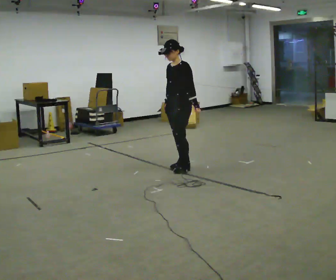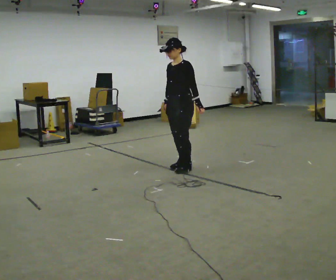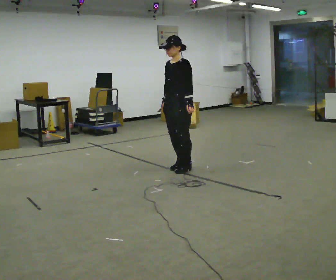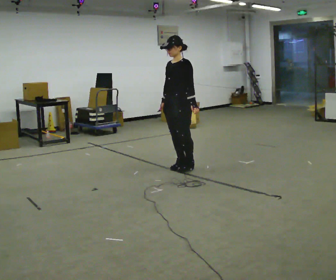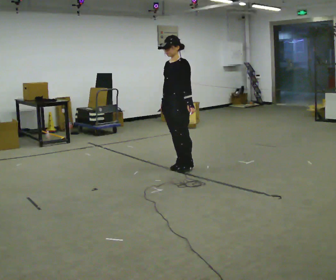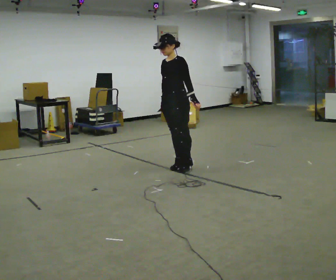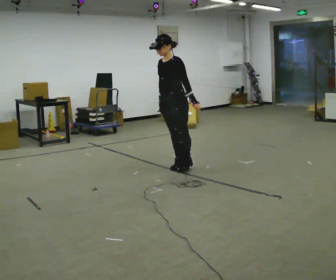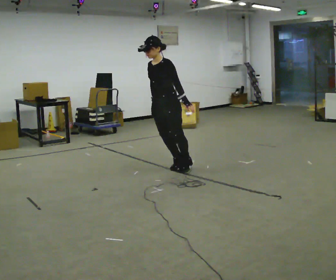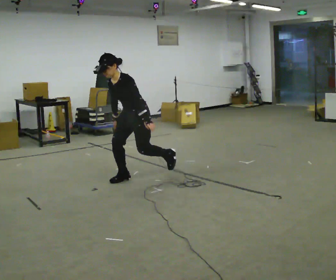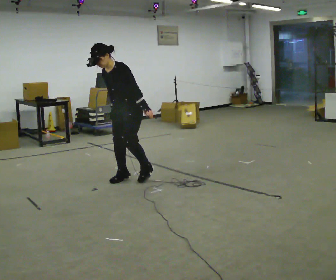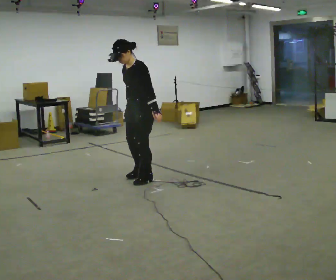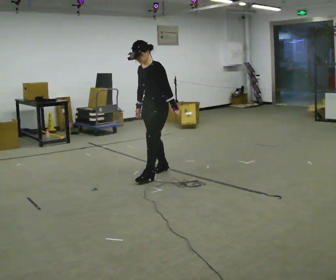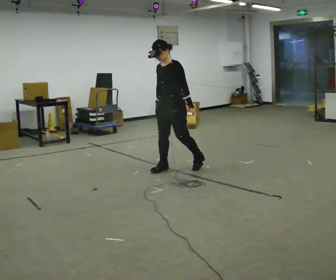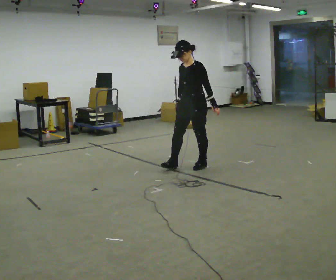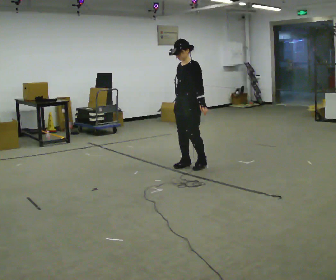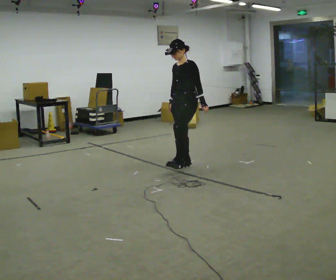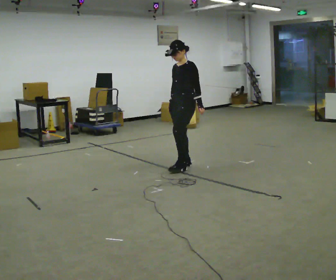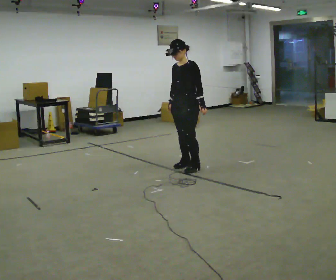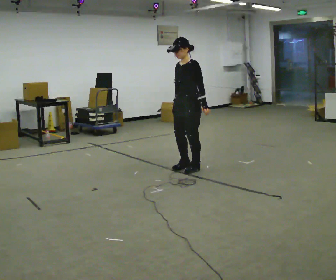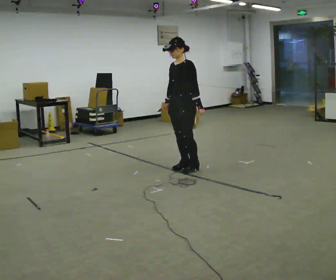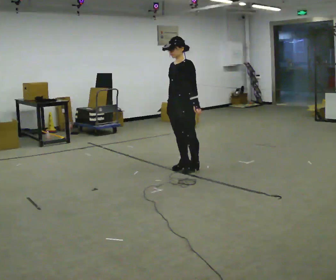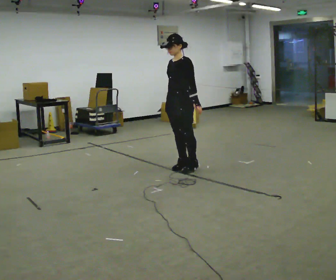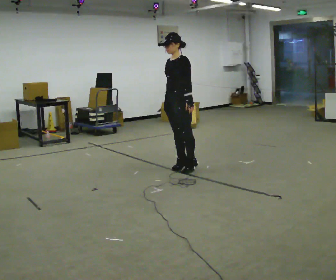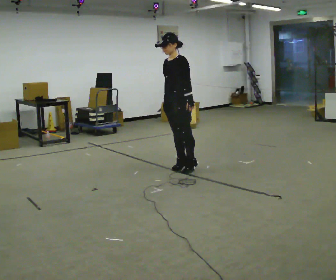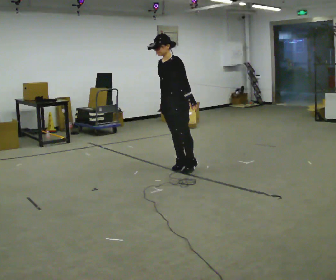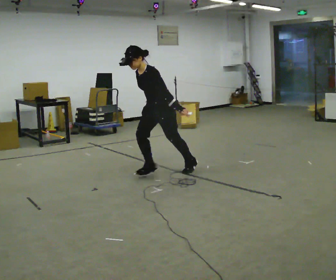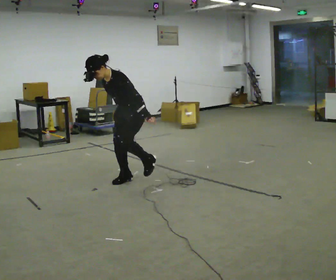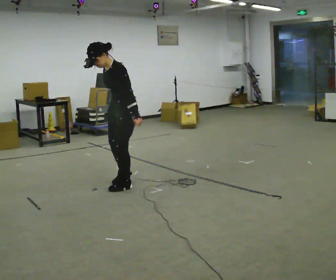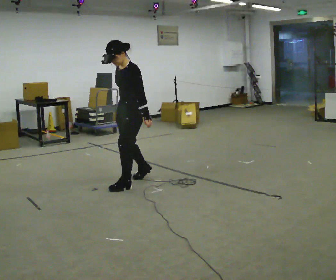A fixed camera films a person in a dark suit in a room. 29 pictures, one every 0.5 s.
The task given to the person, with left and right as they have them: Stand on the marked spots and rise up onto your toes. Stay up until you start to topple forward, then step to catch yourself. Repeat at your own pace until the operator says stop. Go slowly and only as far as you are comfortable. Step whenever you need to; do not try to hold on longer than feels safe.
0.0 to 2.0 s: The person moves a little, or ends about where they began.
2.0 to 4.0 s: In the picture they go to the left and toward the camera, about 0.5 m in 1 step, which for them is forward. The upper body goes downward. The upper body tips toward the camera, its near side rolling downward, as they bend forward.
4.0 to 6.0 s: In the picture they go to the right and away from the camera, about 0.5 m in 2 steps, which for them is backward. The upper body tips away from the camera, its near side rolling upward, as they lean back or straighten.
6.0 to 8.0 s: In the picture they go away from the camera, about 0.25 m in 2 steps, which for them is backward.
8.0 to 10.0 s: In the picture they go toward the camera, about 0.25 m in 1 step, which for them is to their left and forward.
10.0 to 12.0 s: The person moves a little, or ends about where they began.
12.0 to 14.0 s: In the picture they go toward the camera and to the left, about 0.5 m in 3 steps, which for them is forward.
The film runs forward here.
